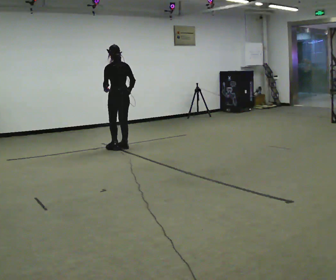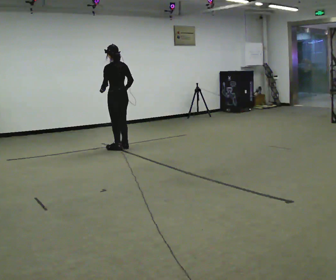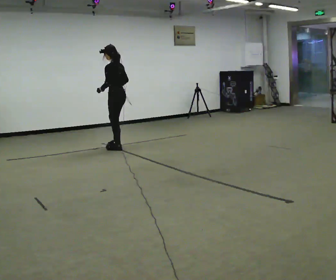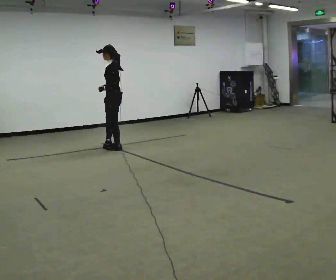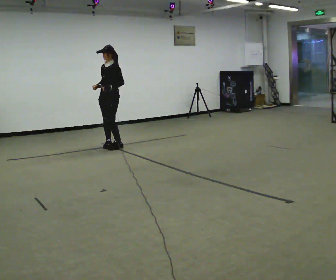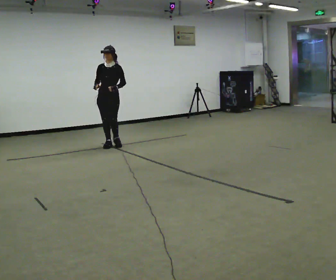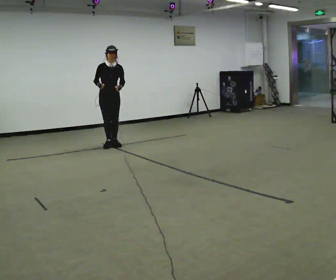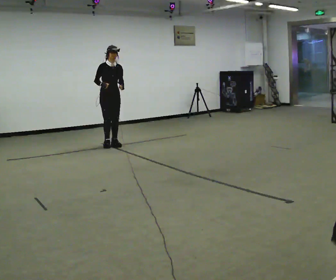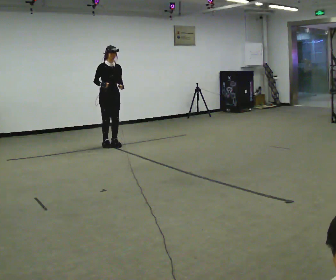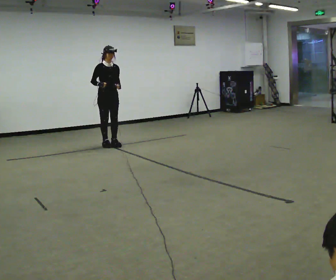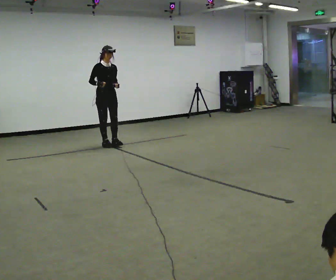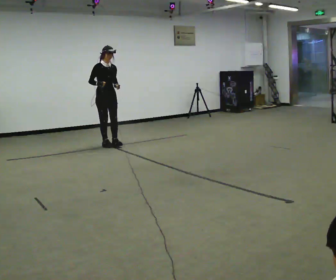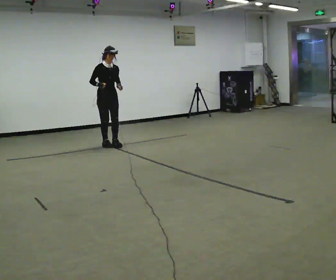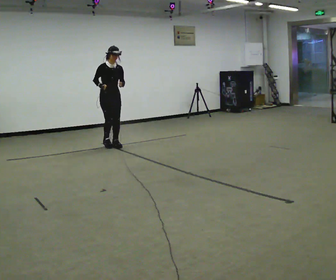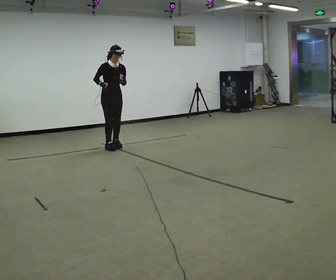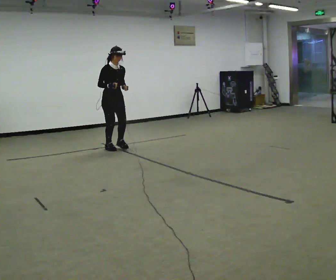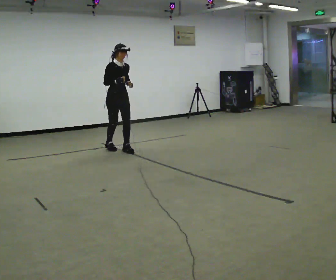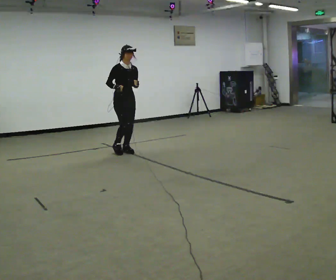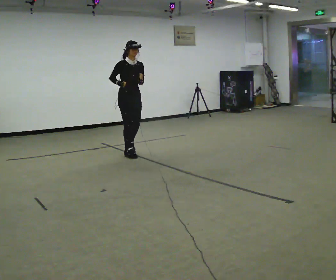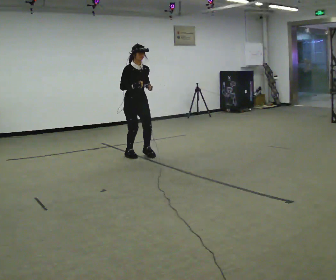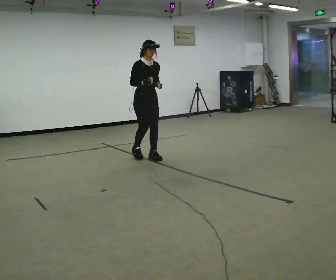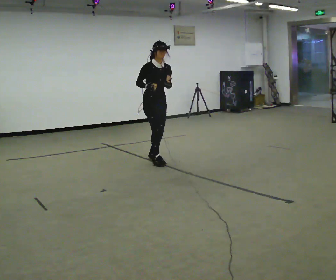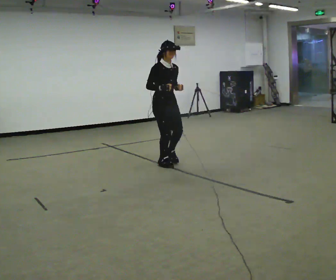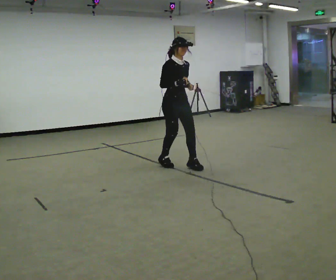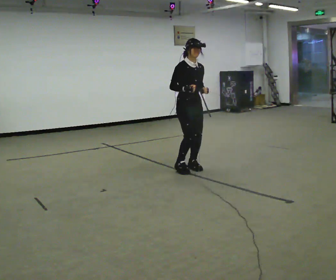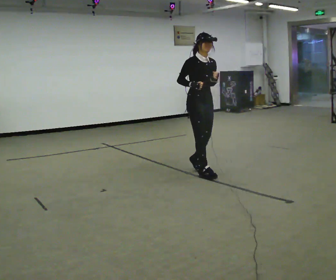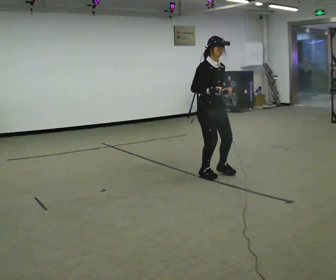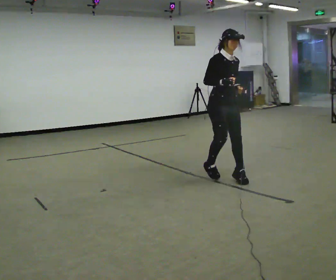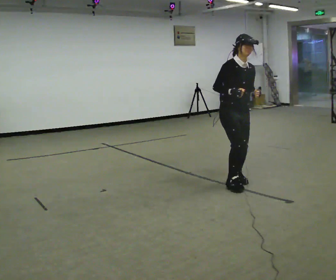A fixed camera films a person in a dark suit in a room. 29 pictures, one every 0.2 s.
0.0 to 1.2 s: Seen from above the body turns counterclockwise, about 165 degrees: to their left, with its near side sliding to the right. In the picture they go away from the camera and to the left, about 0.25 m in 2 steps.
1.2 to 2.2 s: The person moves a little, or ends about where they began.
2.2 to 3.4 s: In the picture they go toward the camera and to the right, about 0.5 m in 3 steps, which for them is forward.
3.4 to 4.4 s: In the picture they go toward the camera and to the right, about 1 m in 3 steps, which for them is forward.
4.4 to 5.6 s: In the picture they go toward the camera and to the right, about 1 m in 3 steps, which for them is forward.
The film runs backward here.
